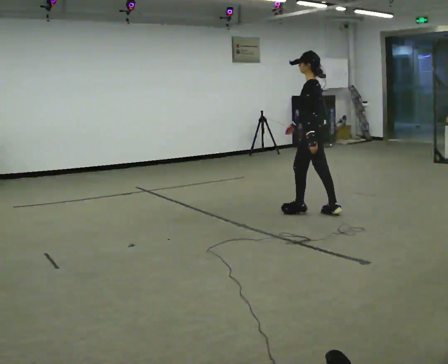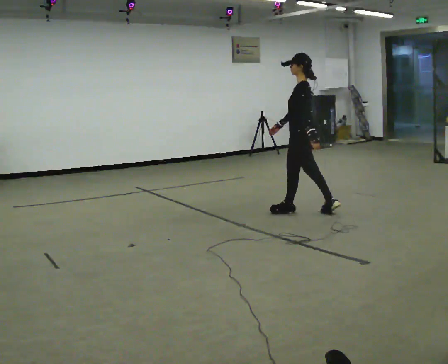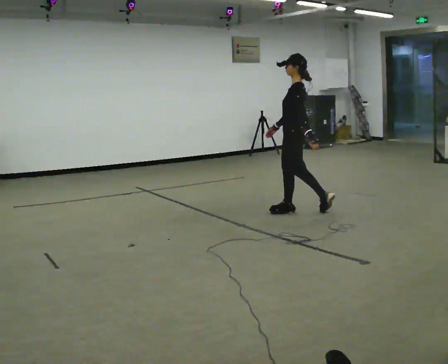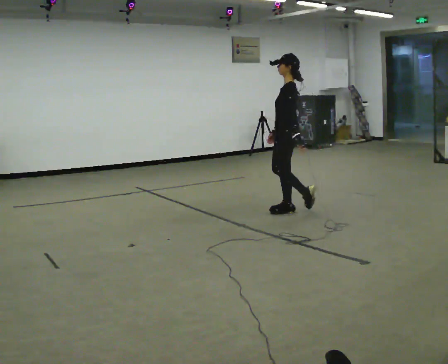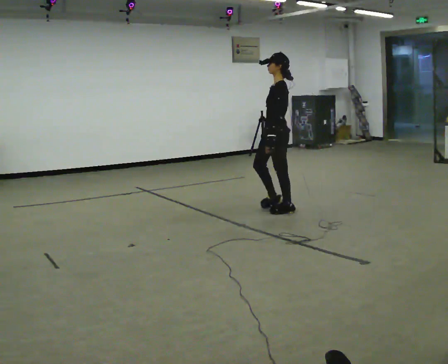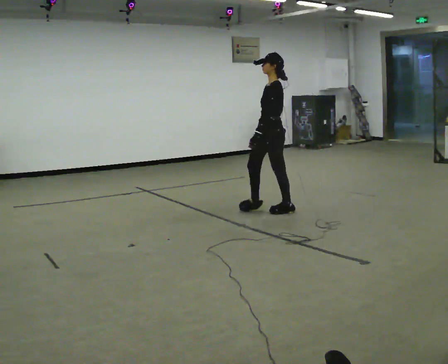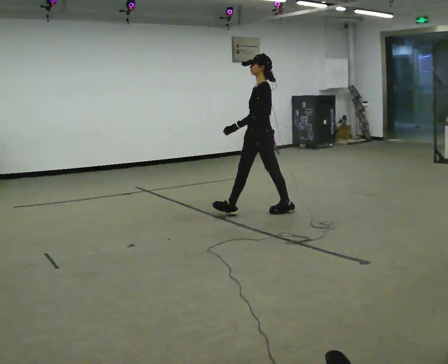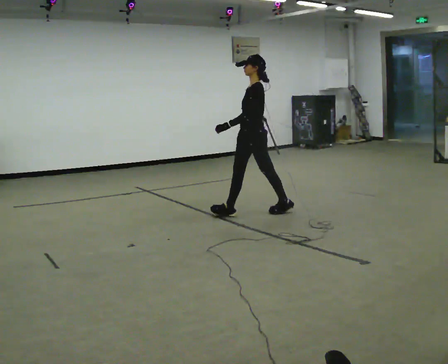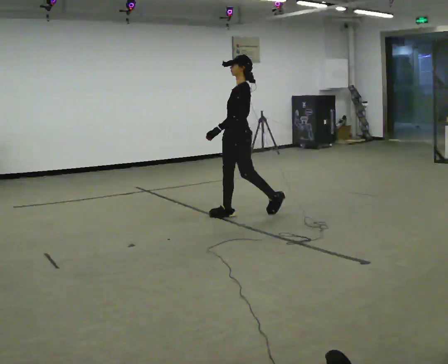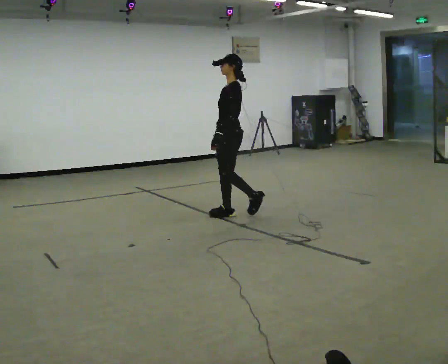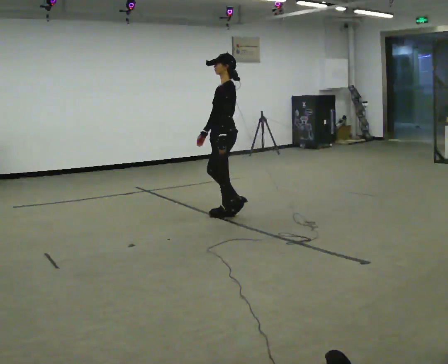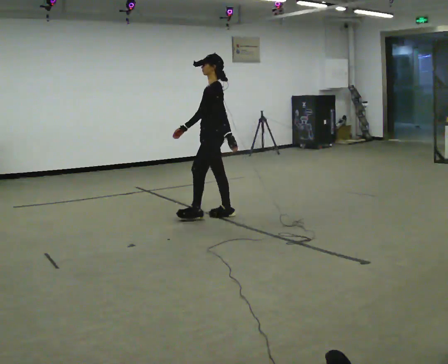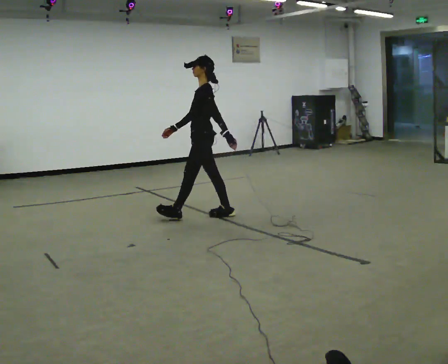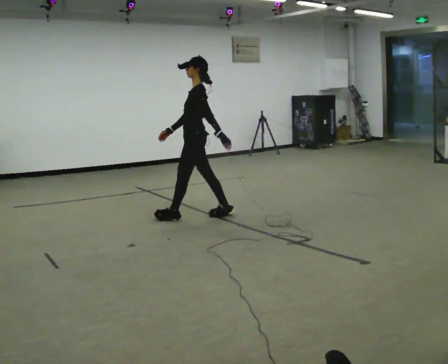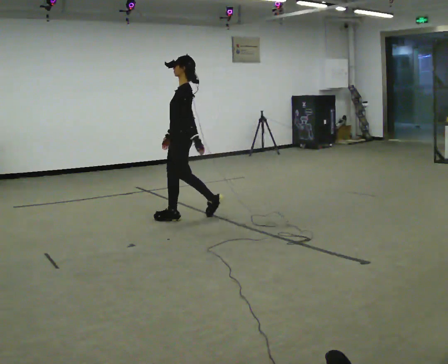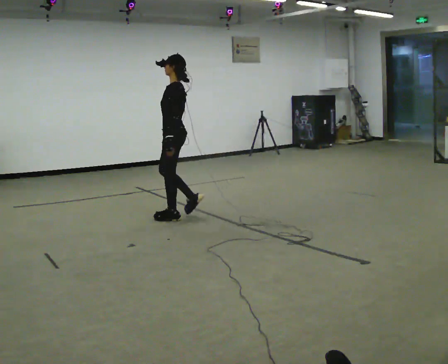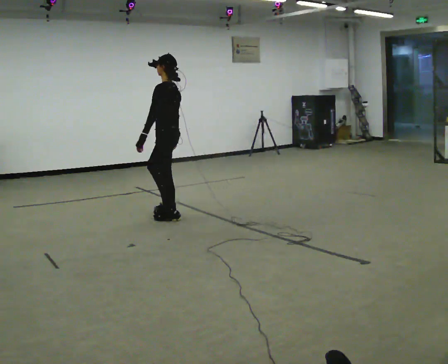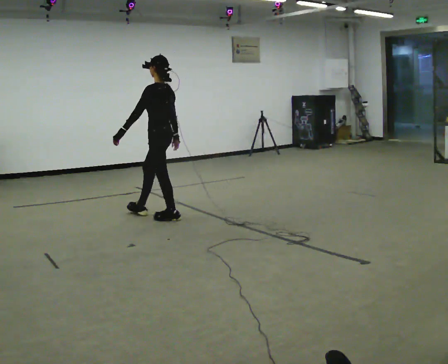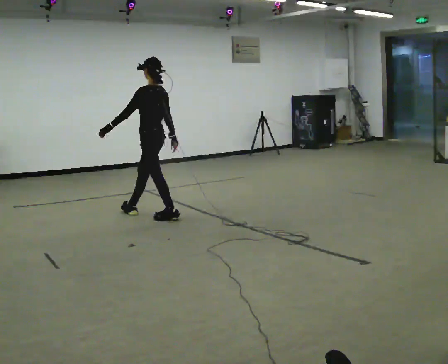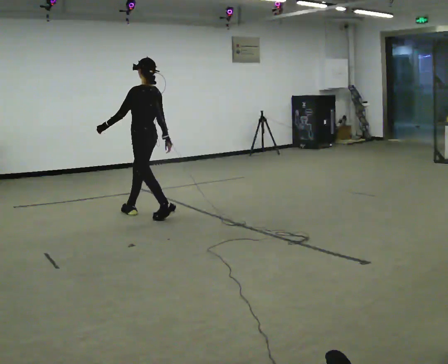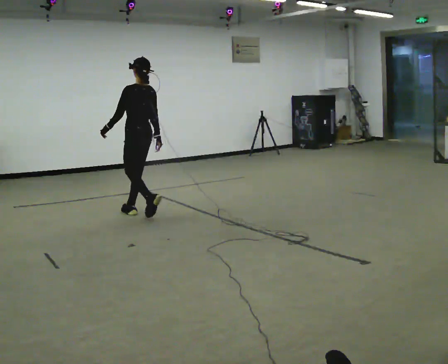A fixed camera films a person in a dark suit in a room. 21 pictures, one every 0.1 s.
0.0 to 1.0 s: Seen from above the body turns counterclockwise, about 30 degrees: to their left, with its near side sliding to the right. In the picture they go to the left, about 1 m in 2 steps, which for them is forward.
1.0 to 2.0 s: The part of the body nearest the lens slides to the left as the person turns to their right by about 60 degrees. In the picture they go to the left, about 1 m in 2 steps, which for them is forward.
The film runs forward here.
